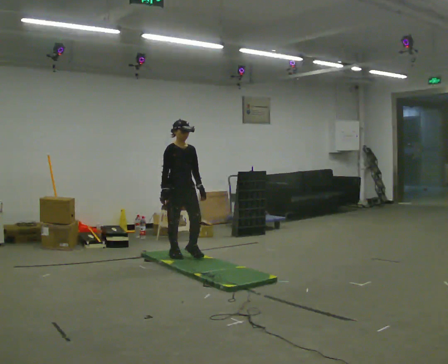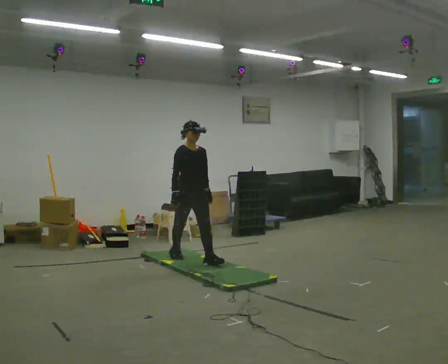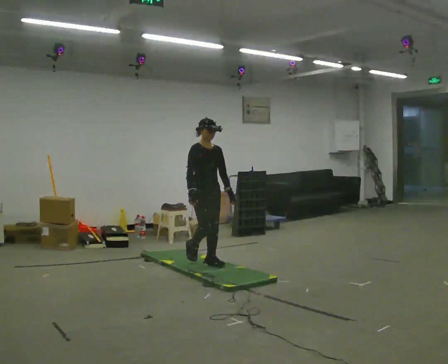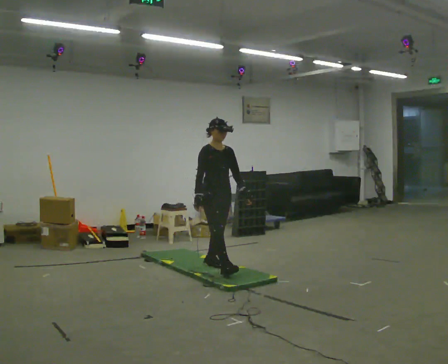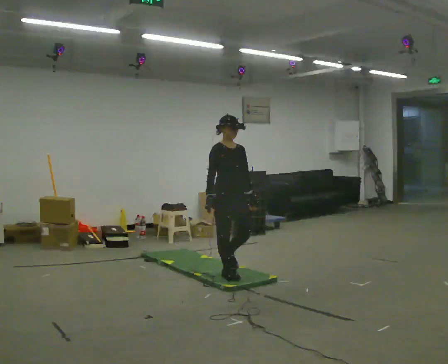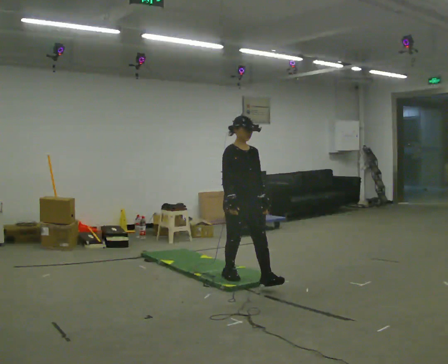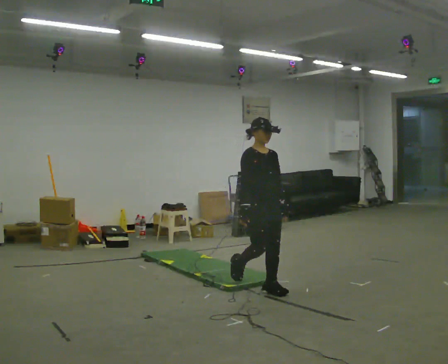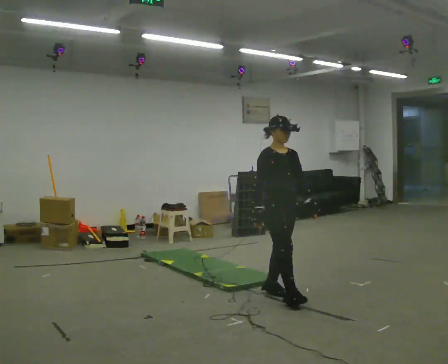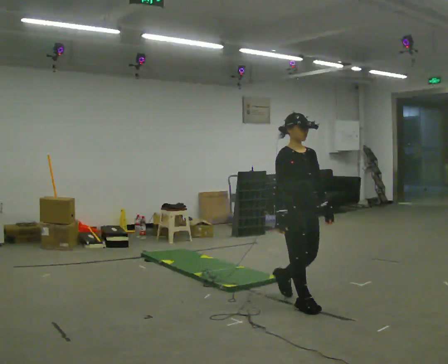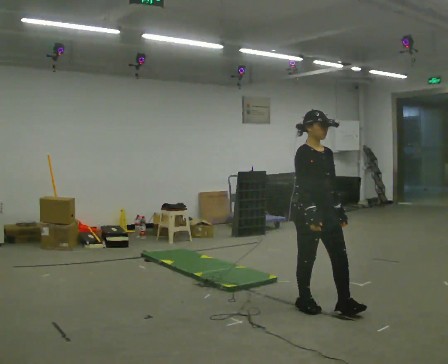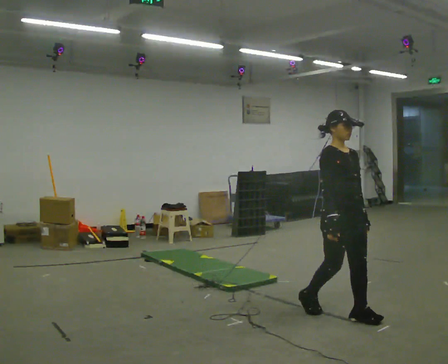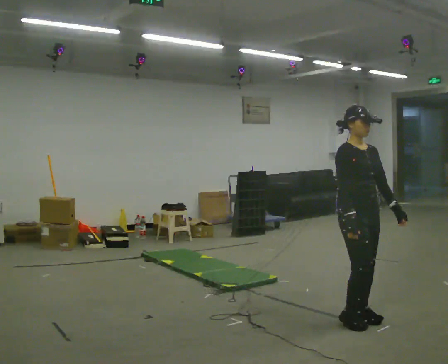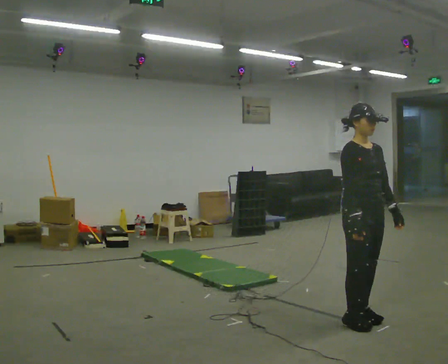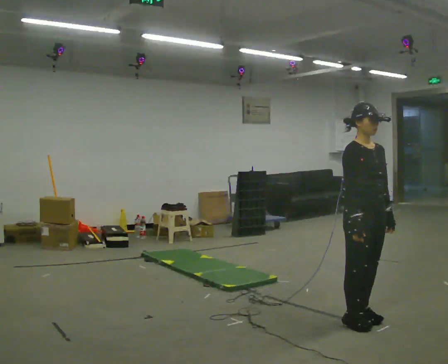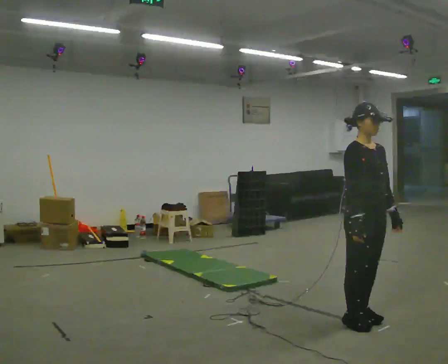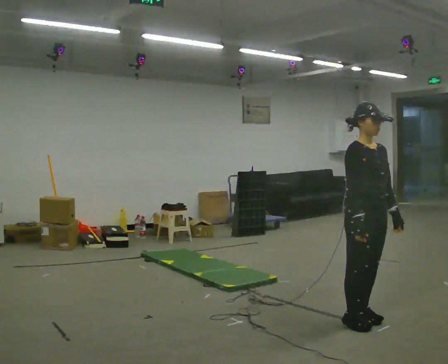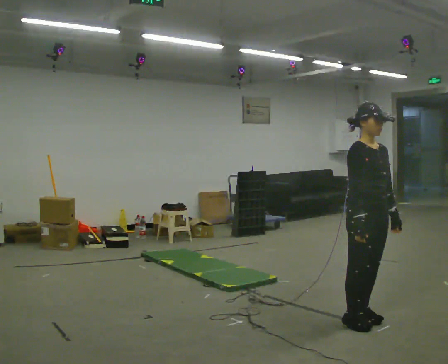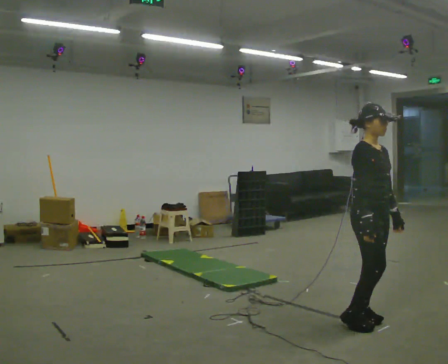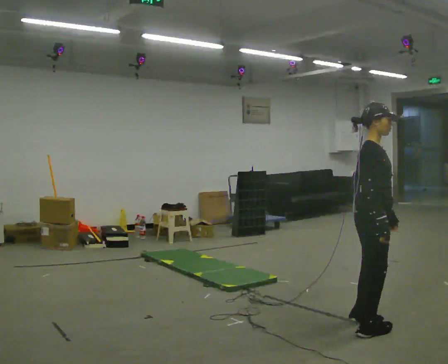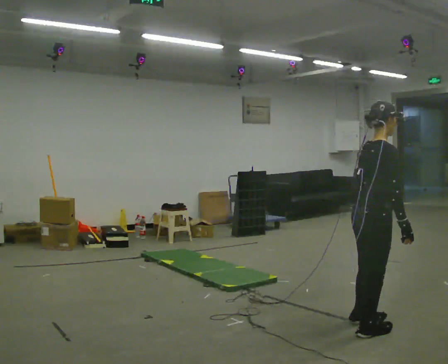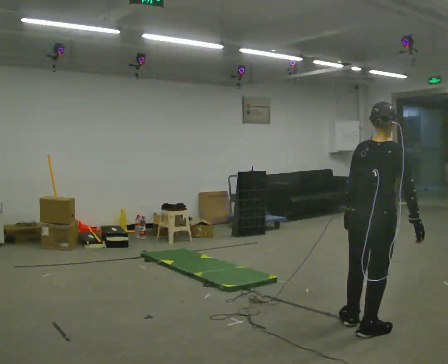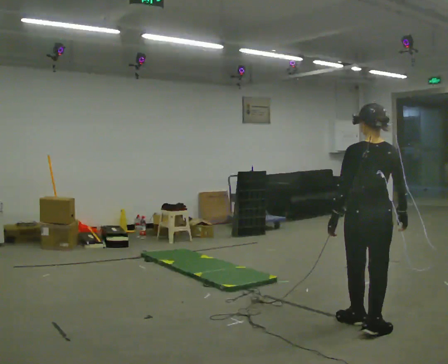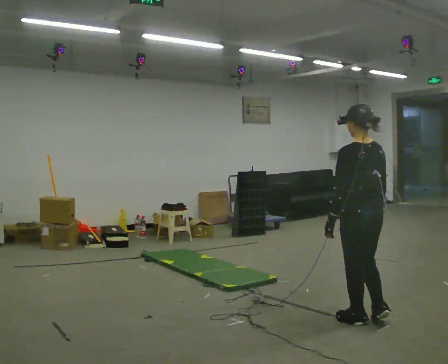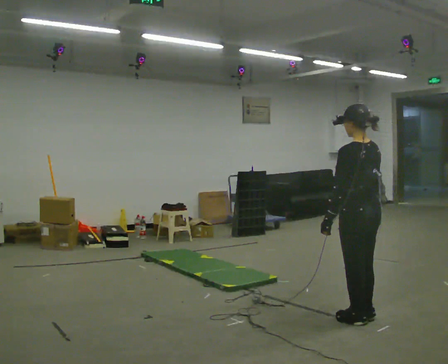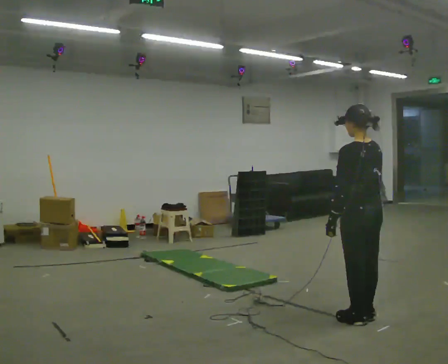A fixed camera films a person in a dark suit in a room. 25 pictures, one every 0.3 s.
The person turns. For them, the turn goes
to their left.
The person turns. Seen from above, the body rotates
counterclockwise.
0.0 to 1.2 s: In the picture they go to the right and toward the camera, about 1 m in 2 steps, which for them is forward.
1.2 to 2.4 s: In the picture they go to the right and toward the camera, about 1 m in 2 steps, which for them is forward.
2.4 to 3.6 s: In the picture they go to the right and toward the camera, about 0.75 m in 2 steps, which for them is forward.
3.6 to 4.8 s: The person moves a little, or ends about where they began.
4.8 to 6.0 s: The person turns about 120 degrees to their left, counterclockwise seen from above, so the part of the body nearest the lens slides to the right. In the picture they go toward the camera, about 0.25 m in 1 step. In the picture their left hand goes to the left, the arm swinging clockwise.
6.0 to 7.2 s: Seen from above the body turns counterclockwise, about 60 degrees: to their left, with its near side sliding to the right. In the picture they go away from the camera, about 0.25 m in 1 step.
The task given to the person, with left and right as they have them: Walk across the soft uneven mat at a comfortable speed; continue walking normally after you leave it.
The film runs forward here.
